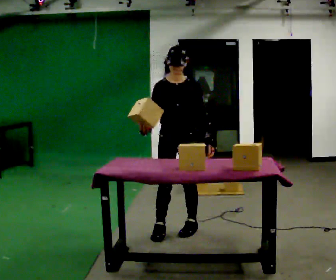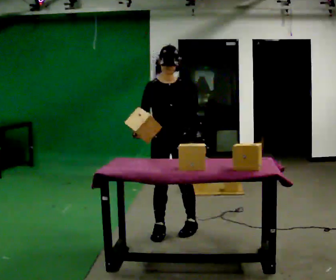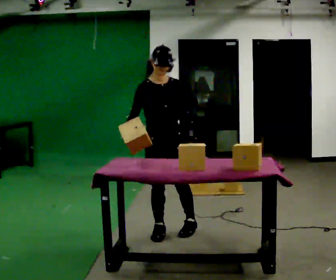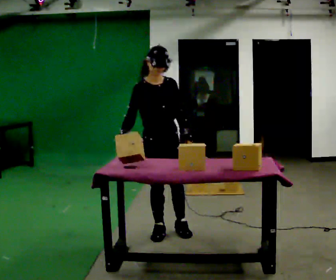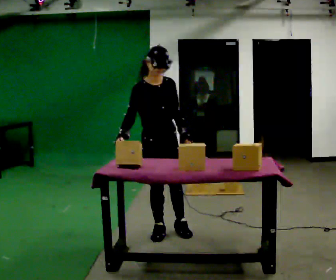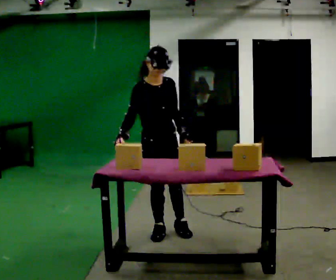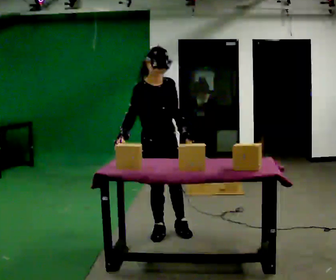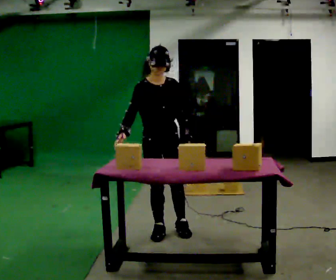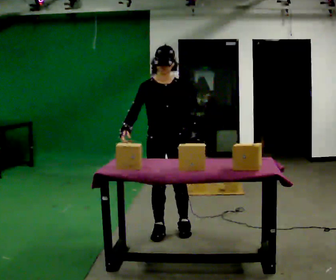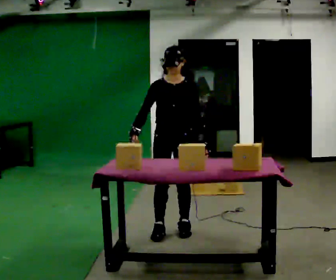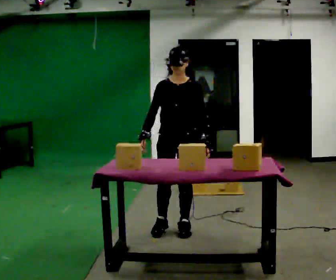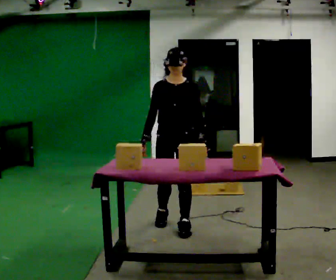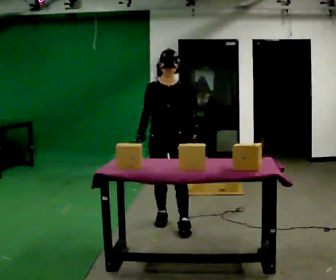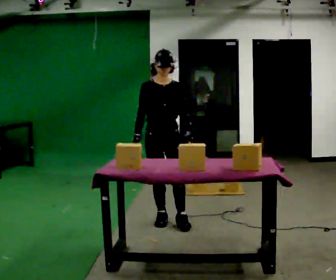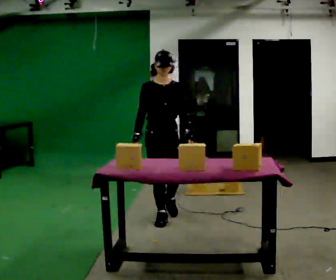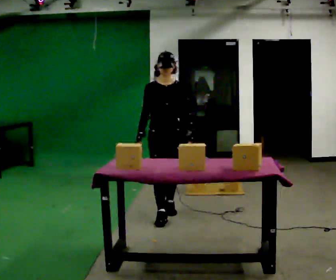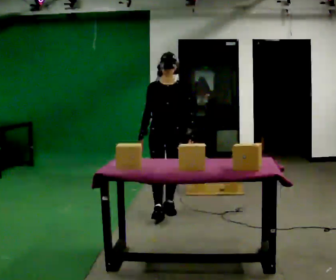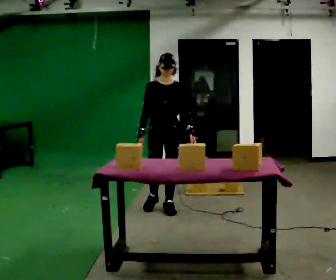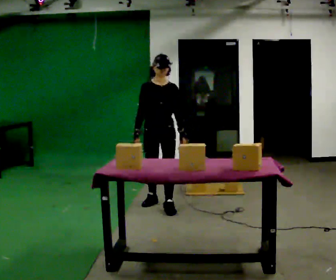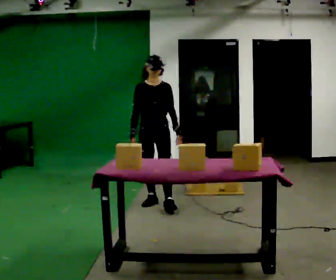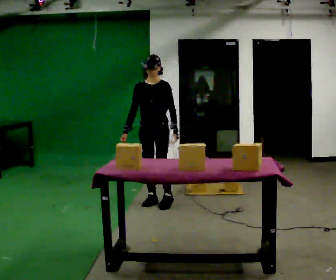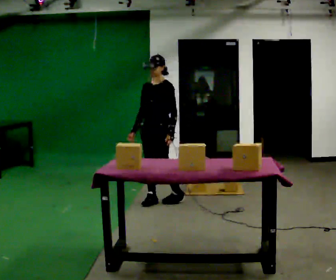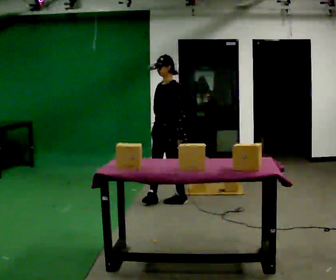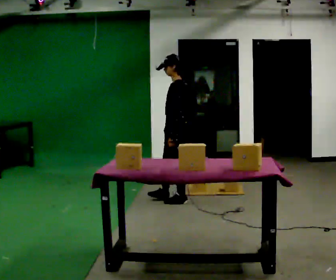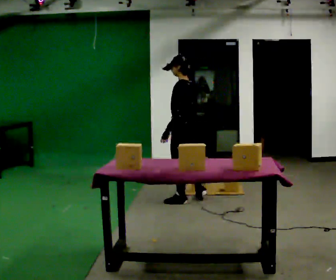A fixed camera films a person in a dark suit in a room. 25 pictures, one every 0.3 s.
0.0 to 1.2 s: The part of the body nearest the lens slides to the right as the person turns to their left by about 30 degrees. In the picture they go to the left, about 0.25 m, which for them is to their right.
1.2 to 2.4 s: The person moves a little, or ends about where they began.
2.4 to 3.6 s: In the picture they go away from the camera, about 0.25 m in 1 step, which for them is backward.
3.6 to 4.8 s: In the picture they go away from the camera, about 0.5 m in 2 steps, which for them is backward.
4.8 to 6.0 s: In the picture they go away from the camera, about 0.5 m in 1 step, which for them is backward.
6.0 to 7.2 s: Seen from above the body turns clockwise, about 105 degrees: to their right, with its near side sliding to the left. In the picture they go to the right, about 0.25 m in 1 step.
The film runs backward here.
